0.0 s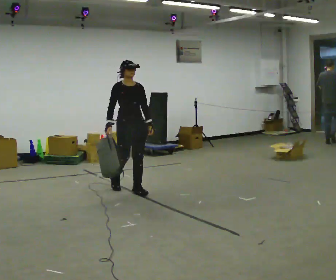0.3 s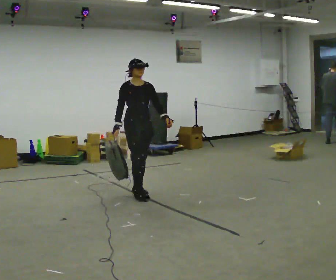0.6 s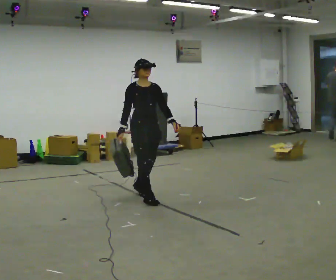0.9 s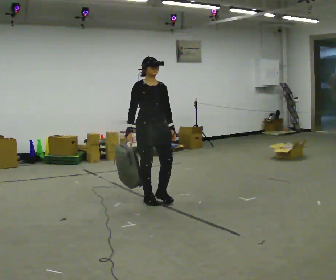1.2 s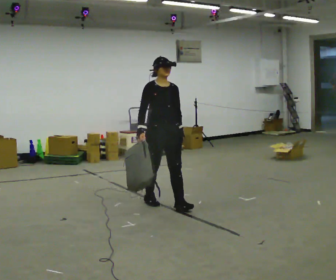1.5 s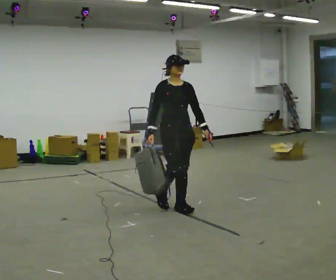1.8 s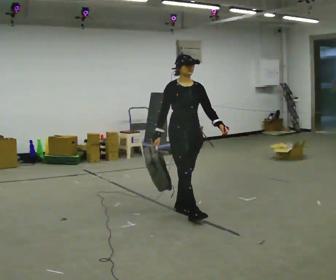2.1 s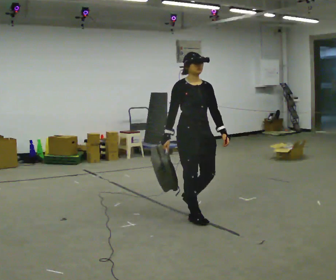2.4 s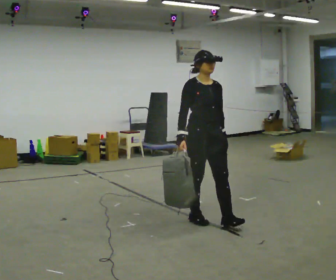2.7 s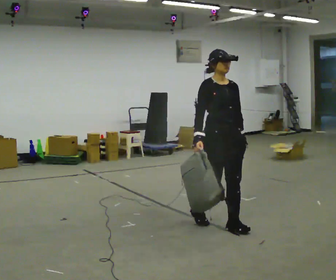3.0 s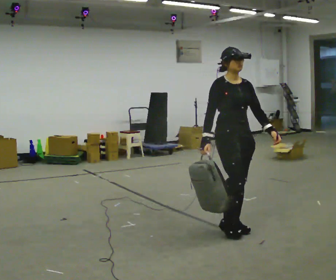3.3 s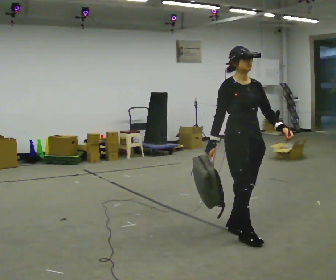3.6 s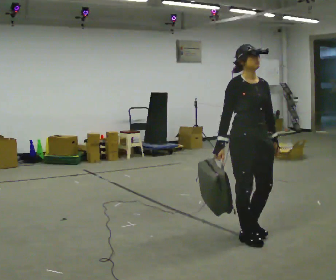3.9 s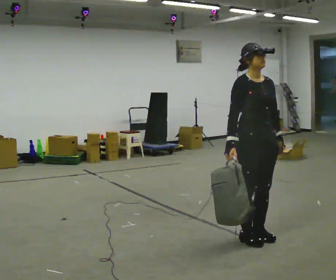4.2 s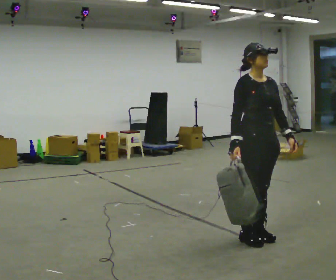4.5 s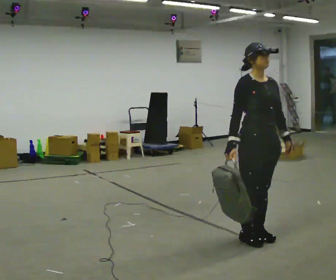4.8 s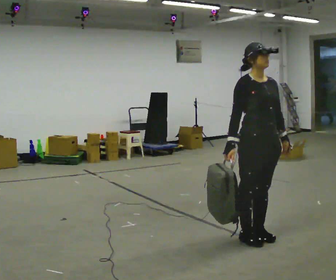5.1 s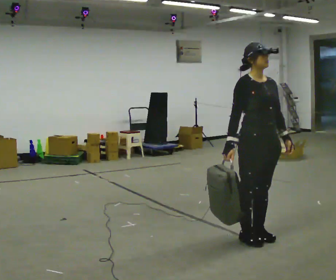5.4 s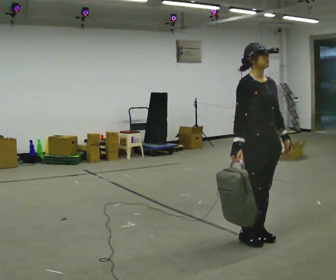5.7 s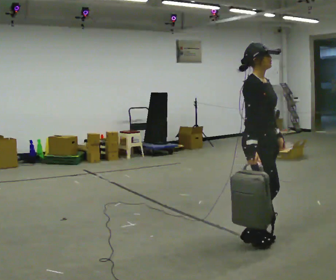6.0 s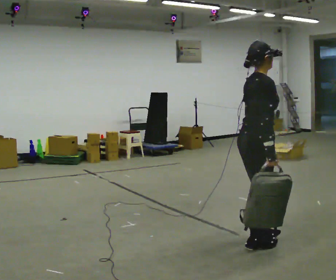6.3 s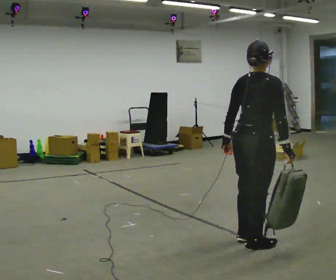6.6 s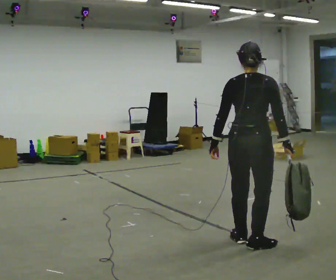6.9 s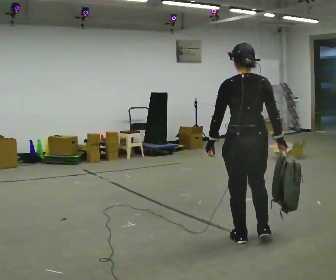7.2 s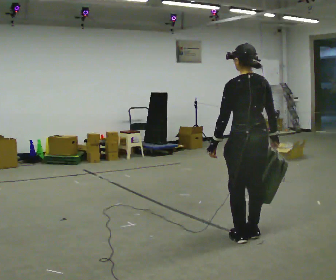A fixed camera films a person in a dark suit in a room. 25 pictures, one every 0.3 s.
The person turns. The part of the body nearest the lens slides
to the right.
The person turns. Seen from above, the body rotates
counterclockwise.
0.0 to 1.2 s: In the picture they go toward the camera and to the right, about 0.5 m in 1 step, which for them is forward.
1.2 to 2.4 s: In the picture they go toward the camera and to the right, about 0.5 m in 2 steps, which for them is forward.
2.4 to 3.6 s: In the picture they go toward the camera and to the right, about 0.75 m in 2 steps, which for them is forward.
3.6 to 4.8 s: The person moves a little, or ends about where they began.
4.8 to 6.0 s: The person turns about 60 degrees to their left, counterclockwise seen from above, so the part of the body nearest the lens slides to the right.
6.0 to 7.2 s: The part of the body nearest the lens slides to the right as the person turns to their left by about 120 degrees. In the picture their left hand goes to the left.
The film runs forward here.
